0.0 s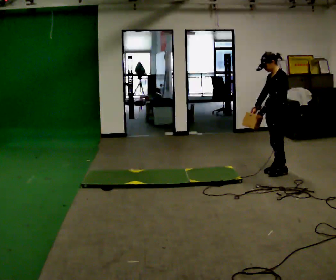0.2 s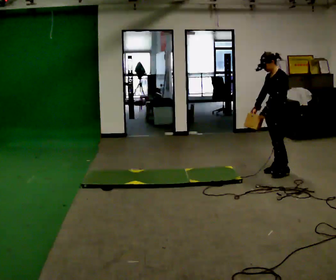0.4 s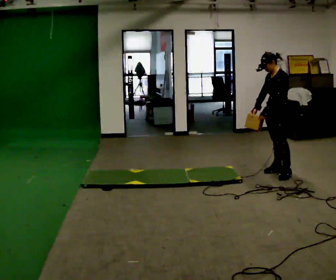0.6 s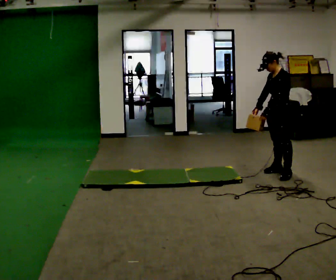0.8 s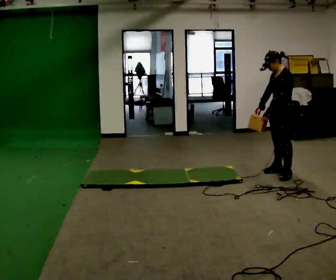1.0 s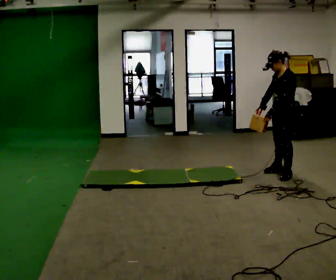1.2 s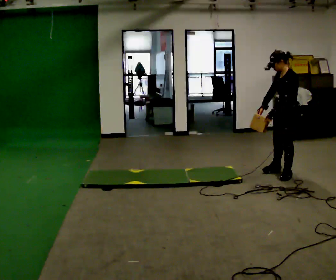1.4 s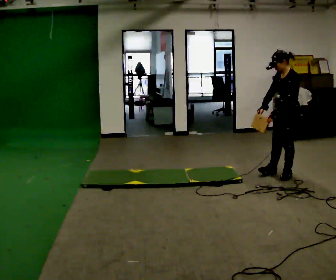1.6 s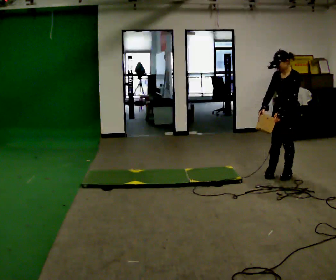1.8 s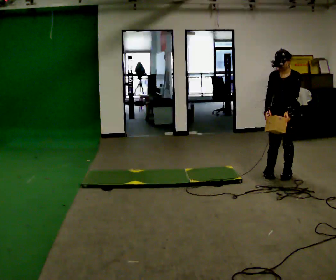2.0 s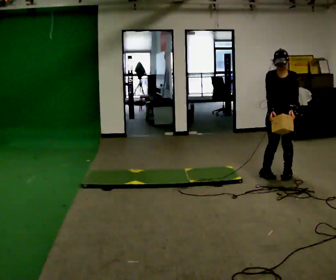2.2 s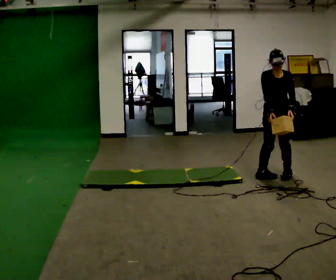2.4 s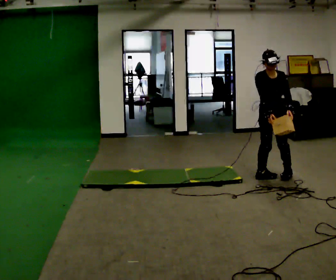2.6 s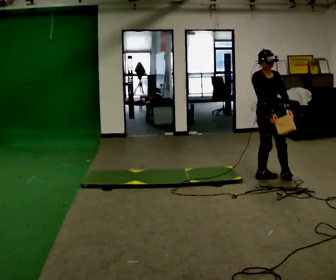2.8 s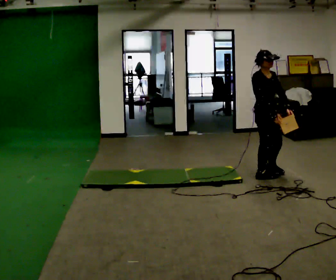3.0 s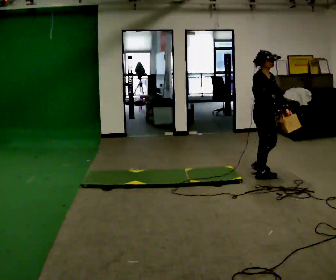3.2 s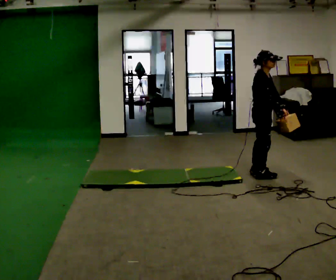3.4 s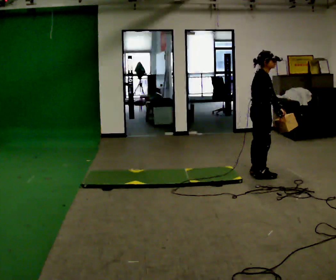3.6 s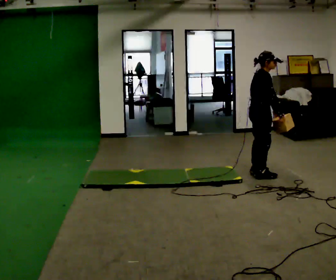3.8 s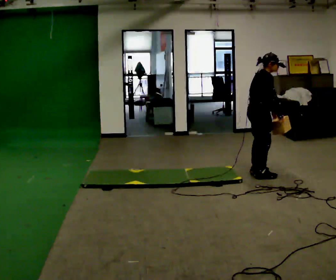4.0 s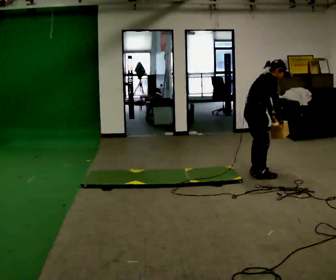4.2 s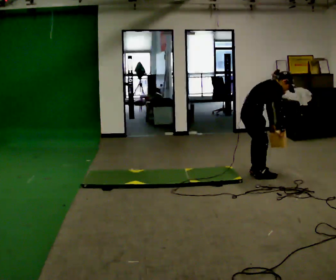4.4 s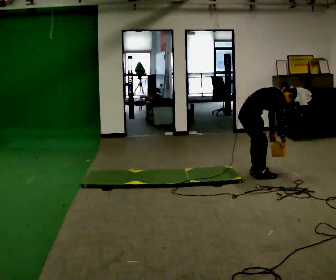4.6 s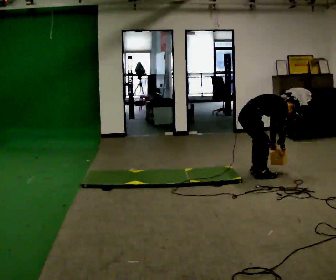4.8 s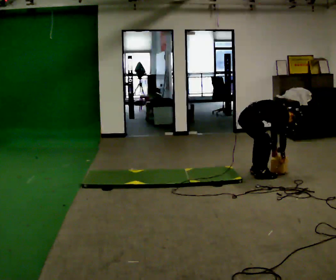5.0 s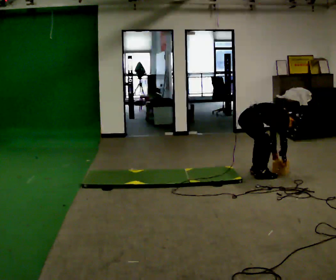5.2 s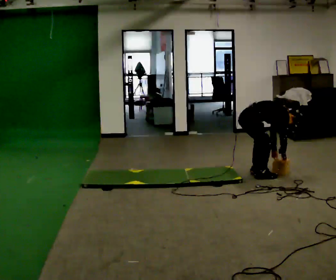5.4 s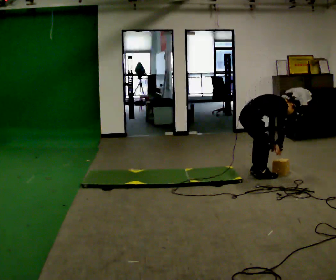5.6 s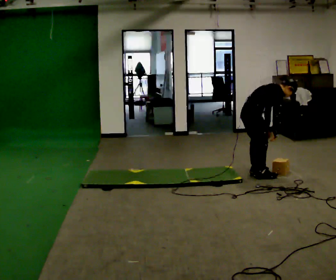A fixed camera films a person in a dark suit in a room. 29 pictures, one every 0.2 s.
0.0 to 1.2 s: In the picture they go toward the camera, about 0.25 m in 1 step, which for them is to their left.
1.2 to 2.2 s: Seen from above the body turns counterclockwise, about 90 degrees: to their left, with its near side sliding to the right. In the picture they go to the left, about 0.25 m in 1 step.
2.2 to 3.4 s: Seen from above the body turns counterclockwise, about 75 degrees: to their left, with its near side sliding to the right. In the picture they go to the left, about 0.25 m in 1 step.
3.4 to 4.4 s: The upper body goes downward. In the picture the upper body tilts clockwise, shoulders to the right, as they bend forward.
4.4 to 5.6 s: The person moves a little, or ends about where they began.
The film runs backward here.
